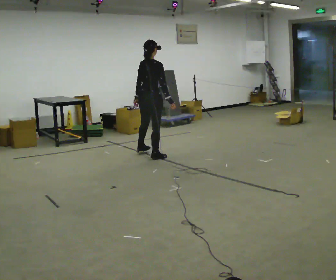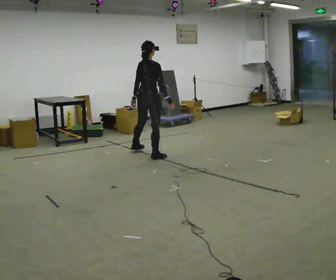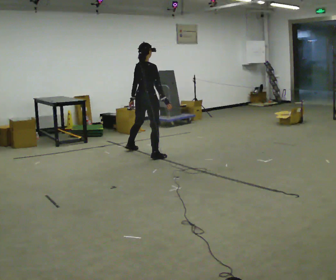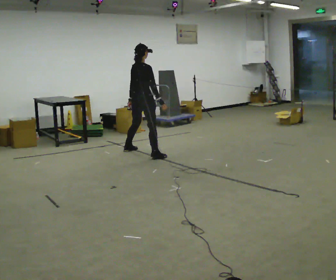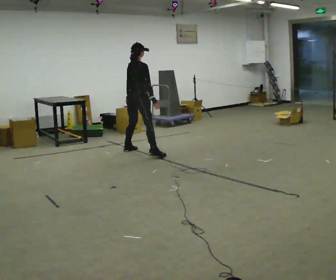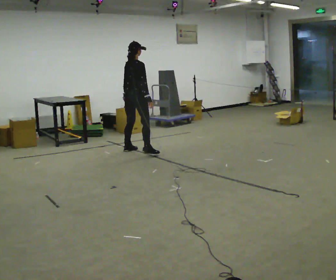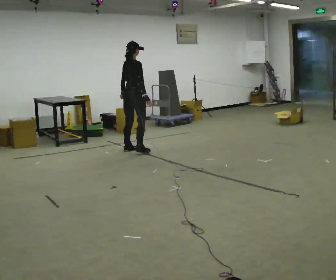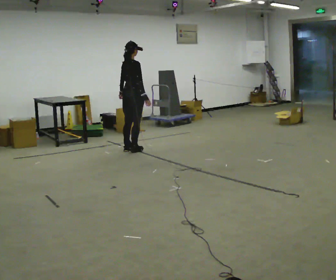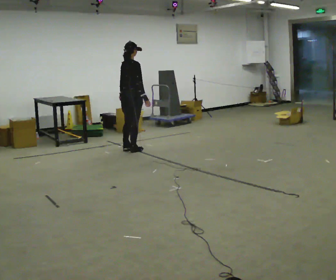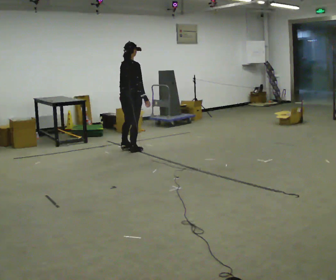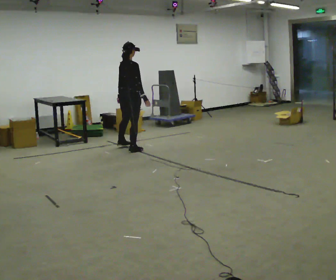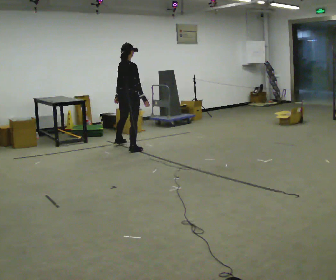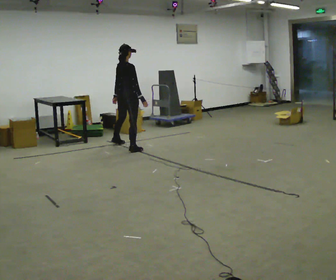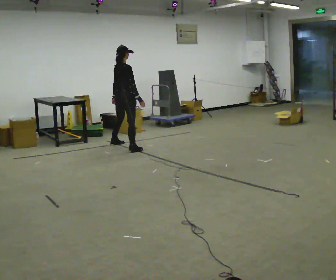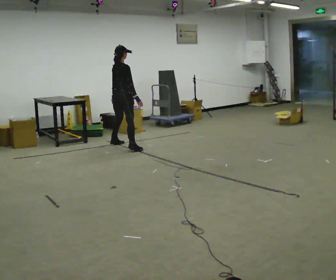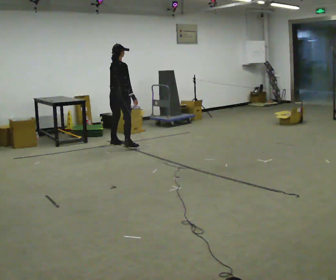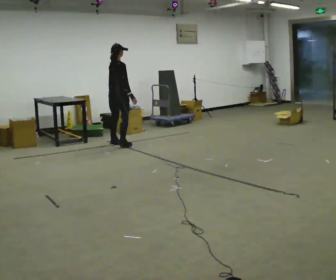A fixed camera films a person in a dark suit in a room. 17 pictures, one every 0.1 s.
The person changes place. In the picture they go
away from the camera.
0.0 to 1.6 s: In the picture they go away from the camera and to the left, about 1 m in 3 steps, which for them is to their left.
The film runs forward here.
